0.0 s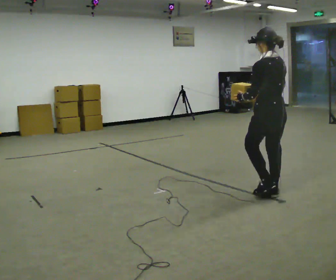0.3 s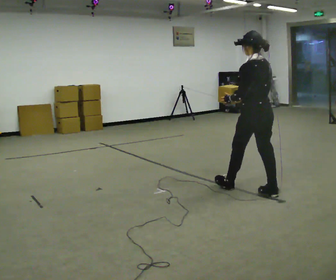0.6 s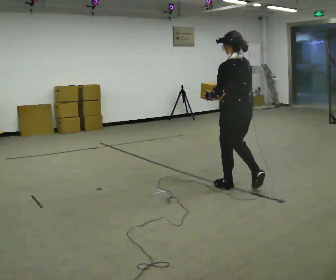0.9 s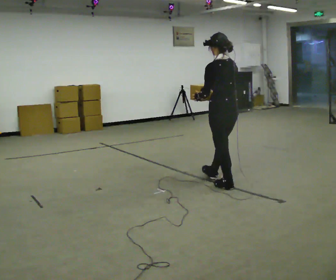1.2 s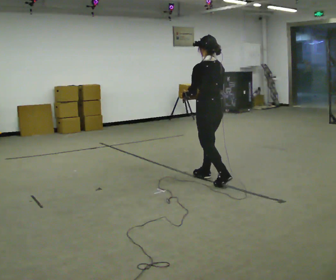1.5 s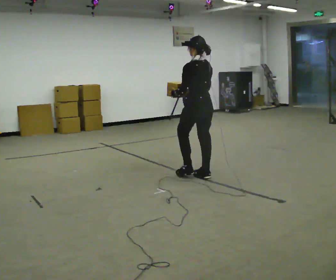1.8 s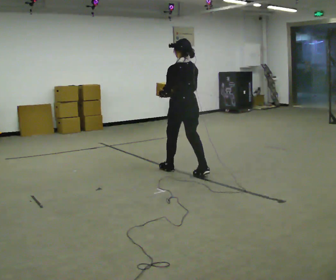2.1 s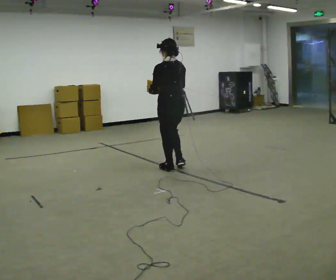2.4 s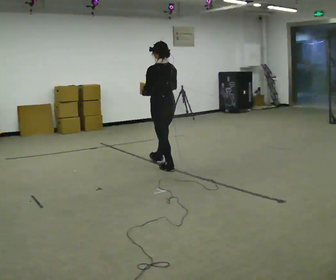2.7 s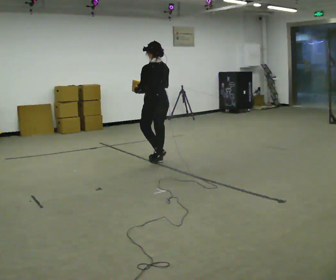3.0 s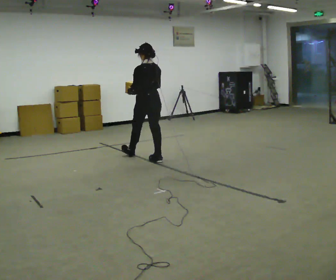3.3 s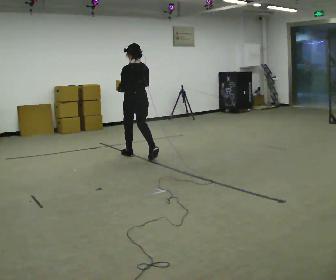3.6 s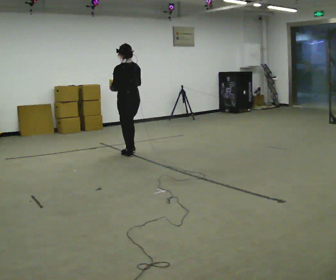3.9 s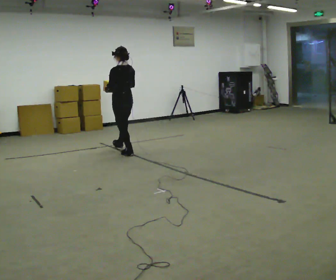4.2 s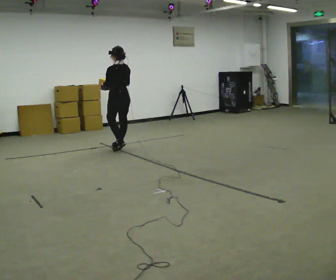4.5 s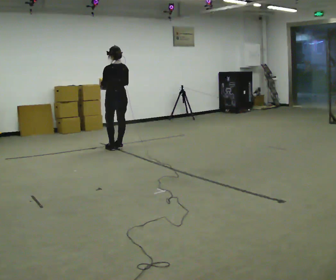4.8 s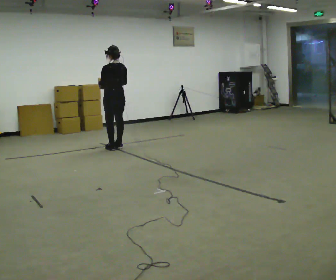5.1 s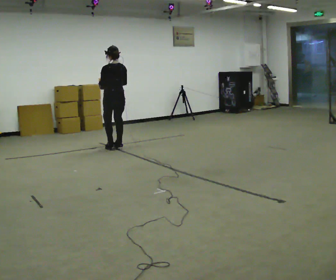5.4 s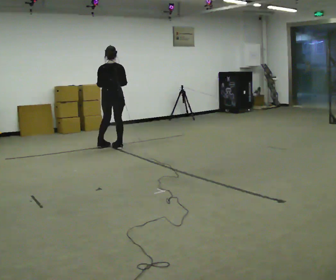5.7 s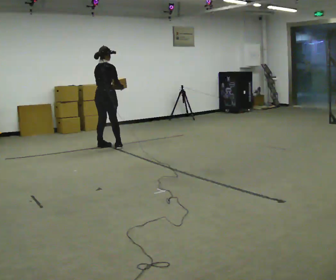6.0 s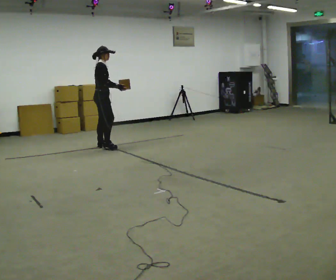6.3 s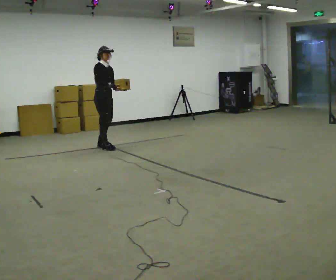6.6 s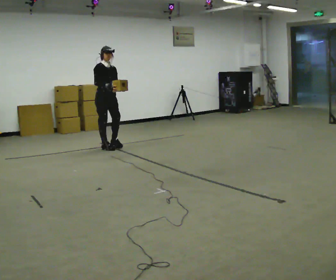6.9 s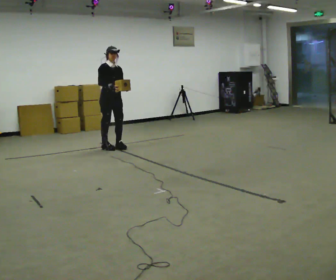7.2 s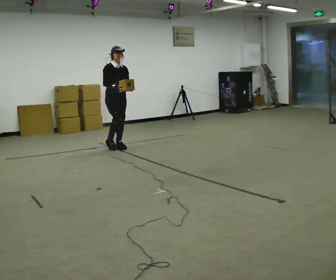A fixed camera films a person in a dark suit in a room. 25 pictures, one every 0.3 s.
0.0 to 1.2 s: In the picture they go away from the camera and to the left, about 1 m in 2 steps, which for them is forward.
1.2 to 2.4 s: In the picture they go away from the camera and to the left, about 1 m in 2 steps, which for them is forward.
2.4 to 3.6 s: In the picture they go away from the camera and to the left, about 1 m in 1 step, which for them is forward.
3.6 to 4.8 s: In the picture they go away from the camera and to the left, about 0.5 m in 2 steps, which for them is forward.
4.8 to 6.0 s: Seen from above the body turns clockwise, about 120 degrees: to their right, with its near side sliding to the left. In the picture they go to the left, about 0.25 m in 1 step.
6.0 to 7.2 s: Seen from above the body turns clockwise, about 60 degrees: to their right, with its near side sliding to the left. In the picture they go to the right, about 0.25 m in 2 steps.
The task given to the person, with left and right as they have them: Carry the light box in both hands in front of you, walking back and forth across the room. Keep walking until the operator says stop.
The film runs forward here.
